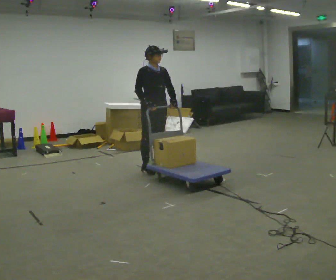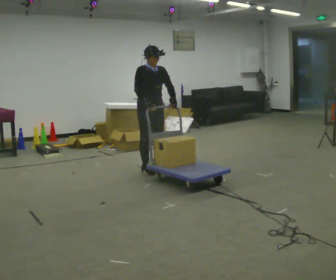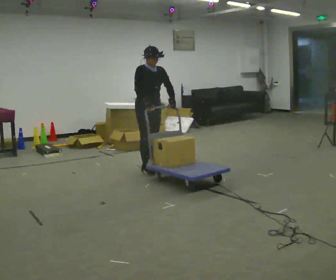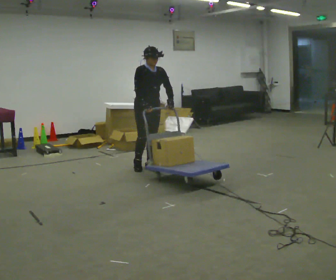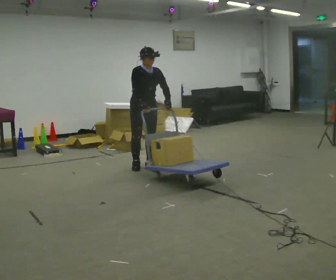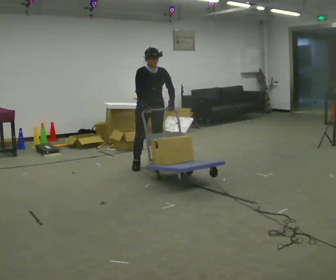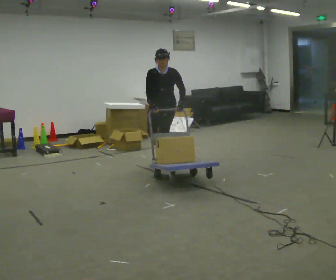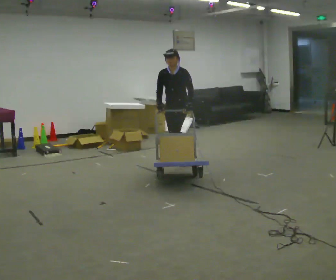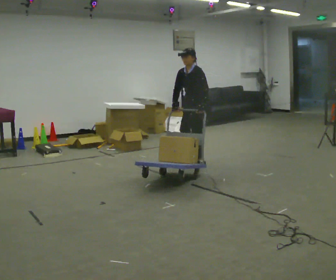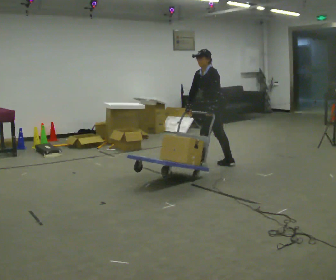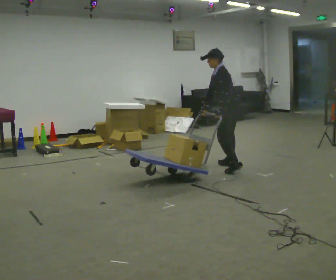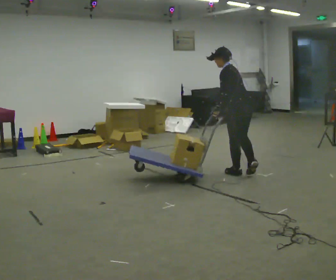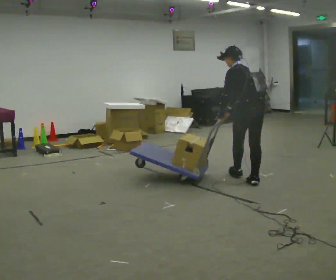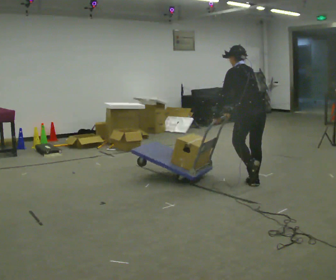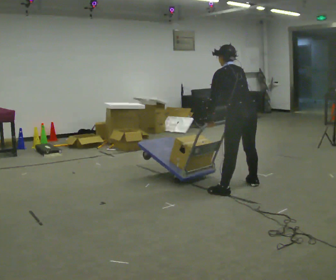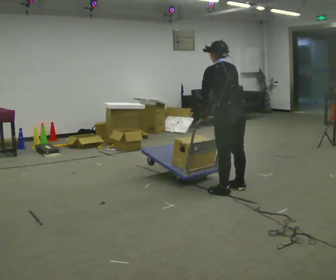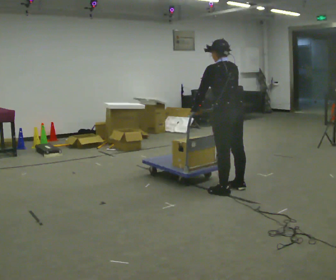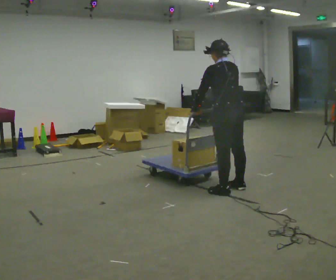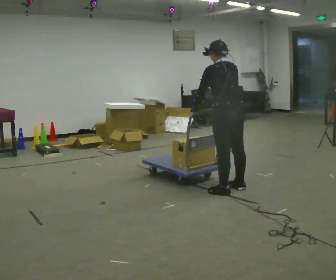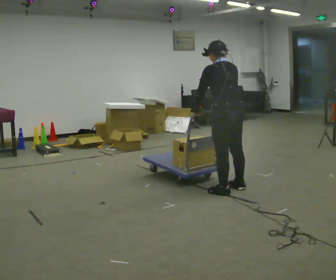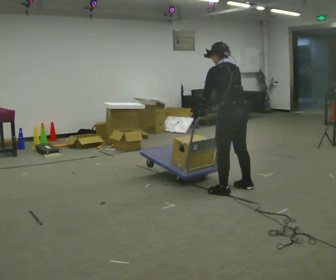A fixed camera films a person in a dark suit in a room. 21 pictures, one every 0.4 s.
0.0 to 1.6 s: In the picture they go to the left, about 0.25 m in 1 step, which for them is backward.
1.6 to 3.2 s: The person turns about 90 degrees to their right, clockwise seen from above, so the part of the body nearest the lens slides to the left. In the picture they go to the right and away from the camera, about 0.75 m in 4 steps. In the picture the upper body tilts counterclockwise, shoulders to the left.
3.2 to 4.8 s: The part of the body nearest the lens slides to the left as the person turns to their right by about 90 degrees. In the picture they go to the right and toward the camera, about 1 m in 3 steps. The upper body tips away from the camera, its near side rolling upward.
4.8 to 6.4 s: In the picture they go toward the camera and to the left, about 0.5 m in 1 step, which for them is to their left and backward.
6.4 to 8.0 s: The person moves a little, or ends about where they began.
The film runs backward here.
